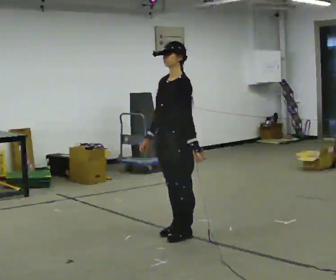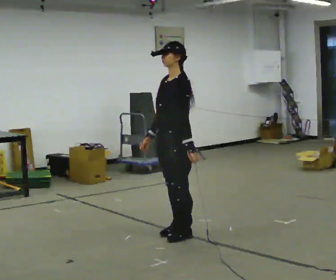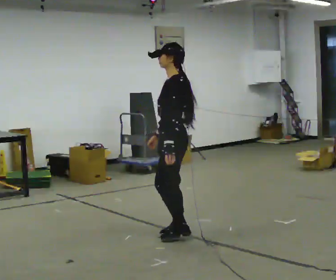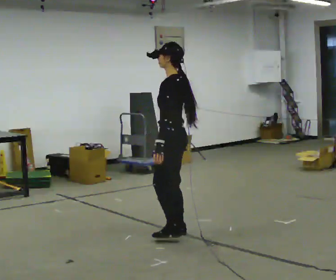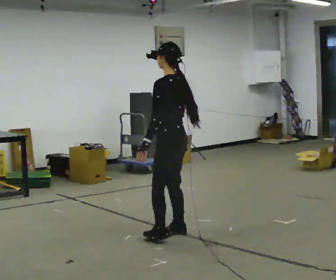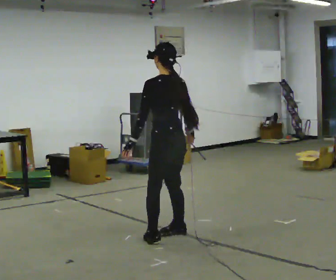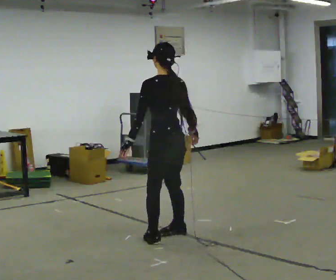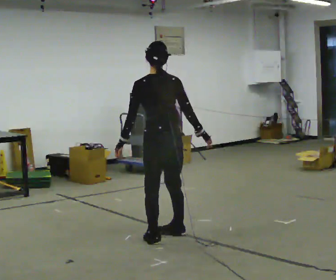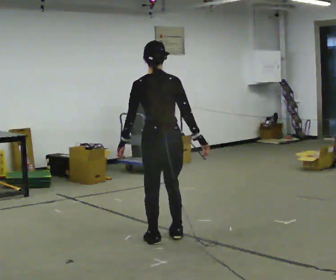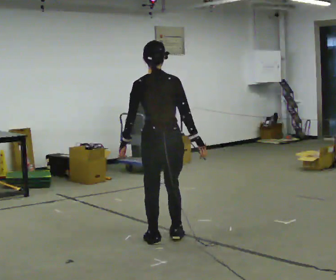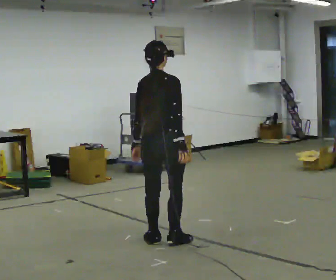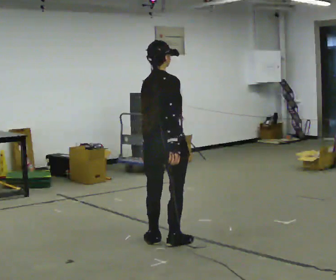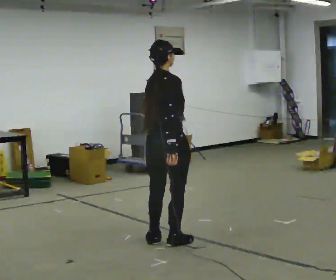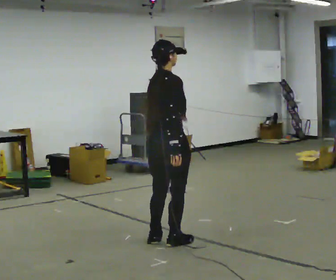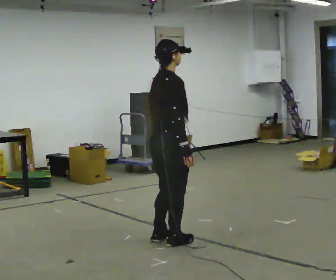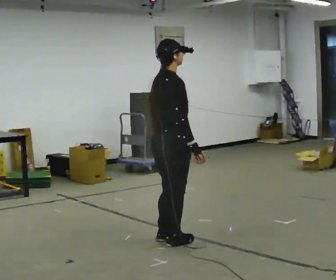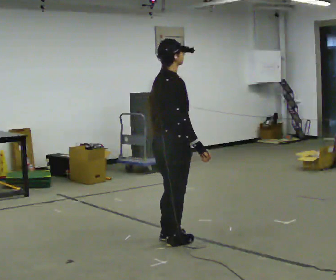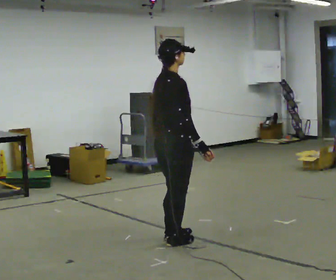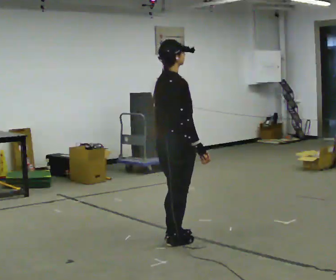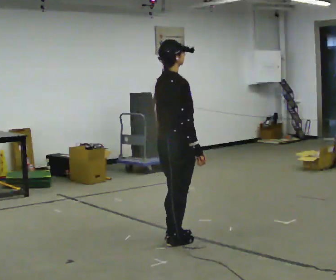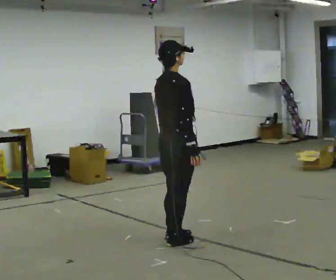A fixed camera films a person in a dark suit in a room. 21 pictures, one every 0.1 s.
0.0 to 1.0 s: The part of the body nearest the lens slides to the left as the person turns to their right by about 150 degrees. In the picture they go toward the camera, about 0.25 m in 2 steps.
1.0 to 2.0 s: The person moves a little, or ends about where they began.
The film runs forward here.
